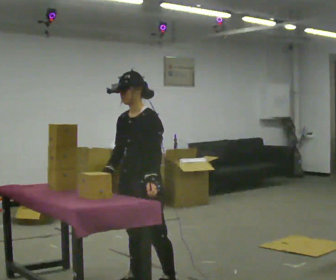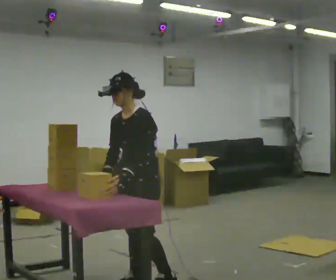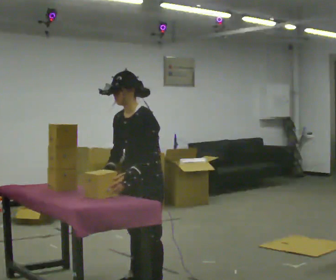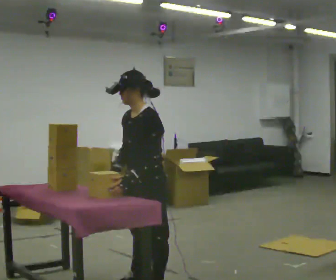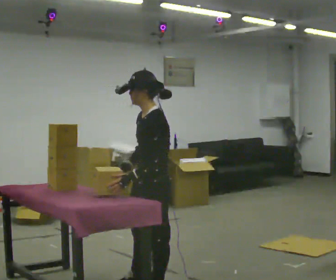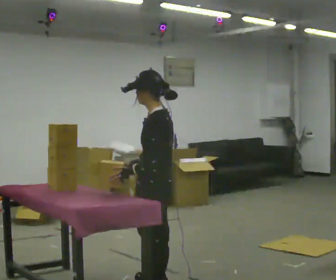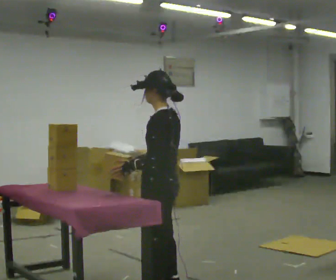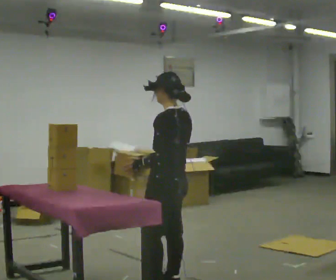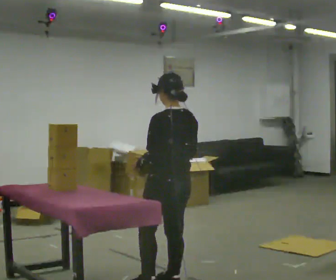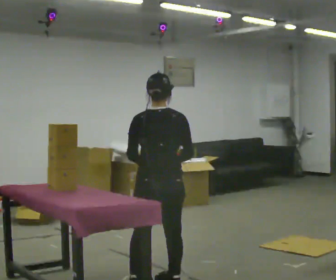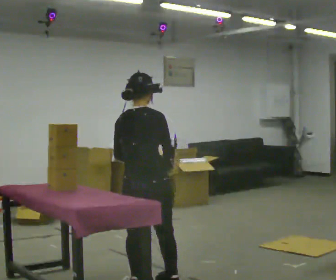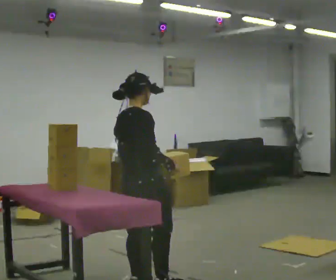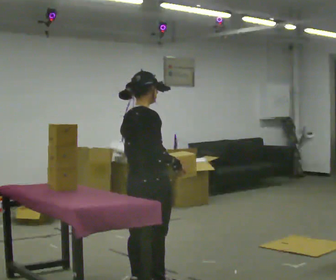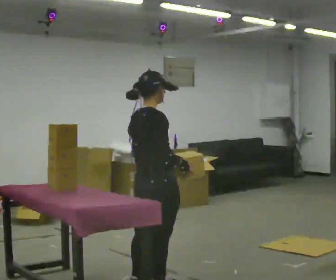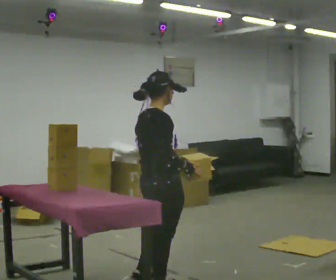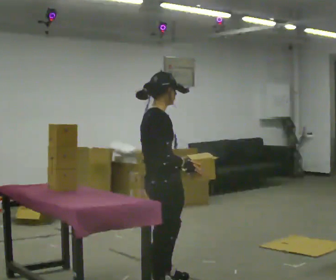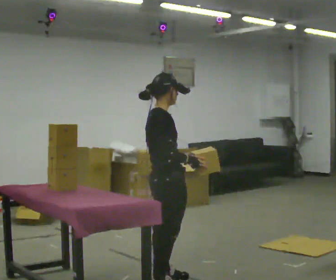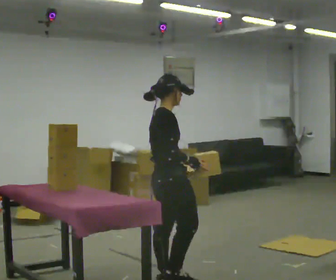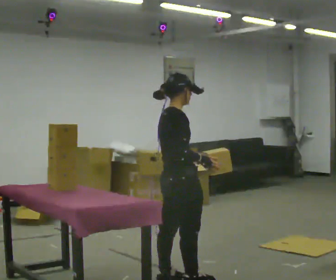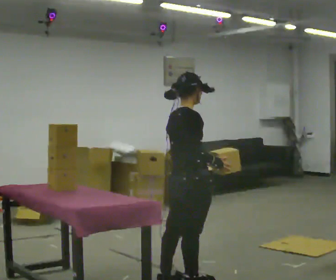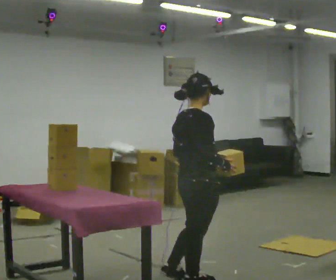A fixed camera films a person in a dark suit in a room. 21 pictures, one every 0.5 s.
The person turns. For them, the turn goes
to their right.
The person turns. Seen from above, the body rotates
clockwise.
0.0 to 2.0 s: The person turns about 30 degrees to their right, clockwise seen from above, so the part of the body nearest the lens slides to the left.
2.0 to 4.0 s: The person turns about 60 degrees to their right, clockwise seen from above, so the part of the body nearest the lens slides to the left.
4.0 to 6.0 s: Seen from above the body turns clockwise, about 90 degrees: to their right, with its near side sliding to the left. In the picture they go to the left, about 0.25 m in 1 step.
6.0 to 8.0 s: Seen from above the body turns clockwise, about 30 degrees: to their right, with its near side sliding to the left.
8.0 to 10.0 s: In the picture they go to the right, about 0.25 m in 1 step, which for them is forward.
The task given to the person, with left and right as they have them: Take each object from the table and put it in the bin that matches it, walking between the bins. Keep going until the operator says stop; one object at a time, and do not rush between trips.
The film runs forward here.
